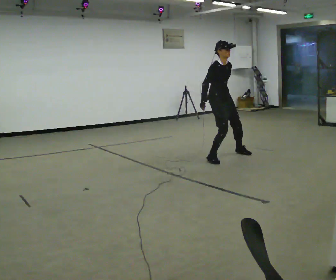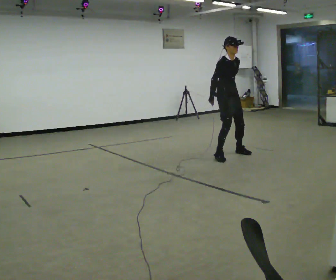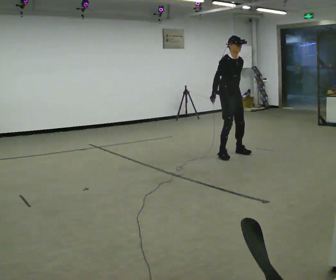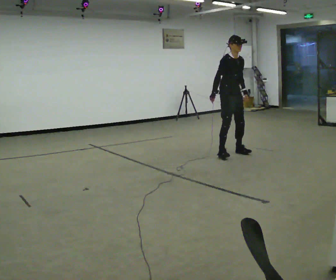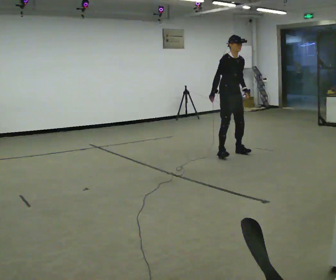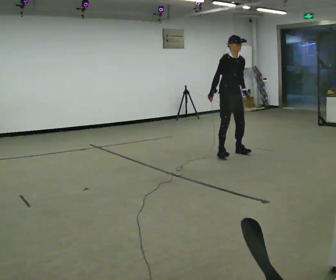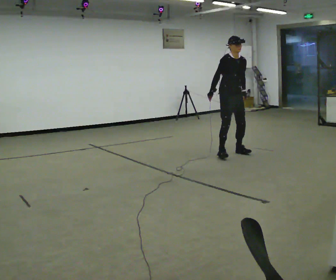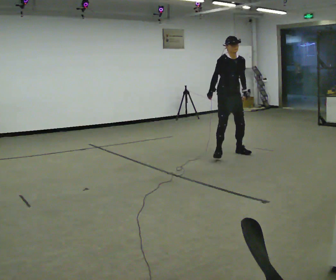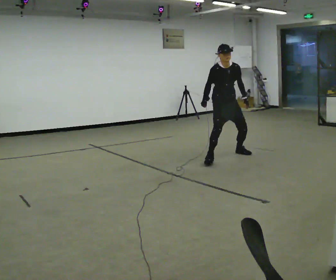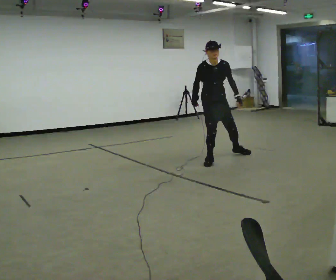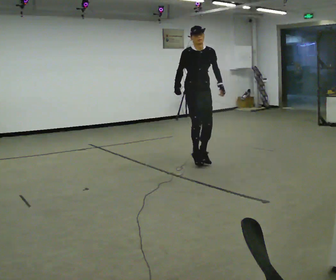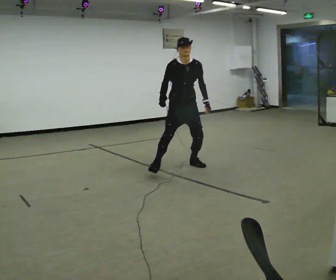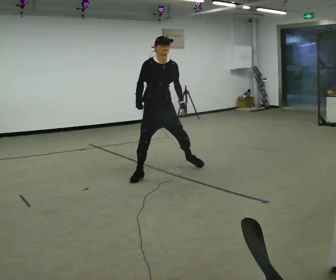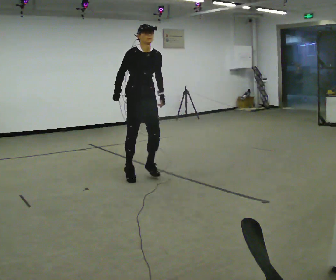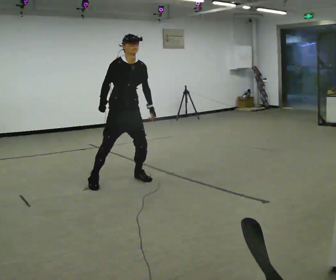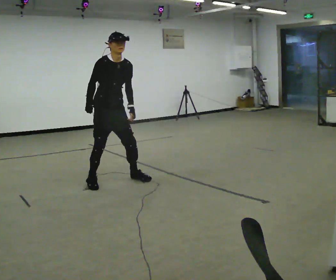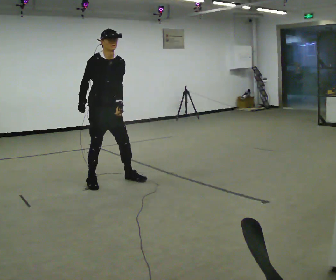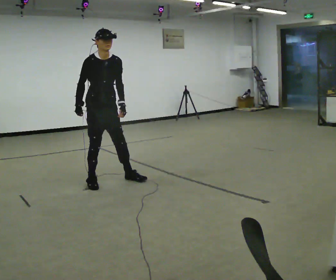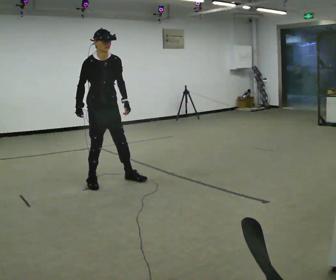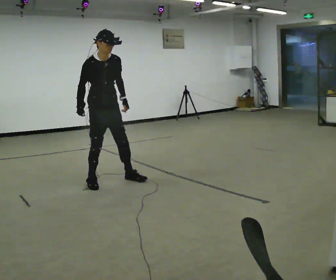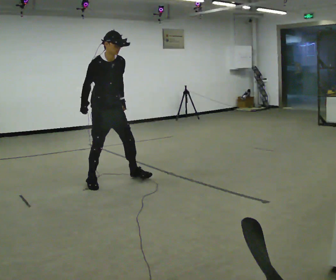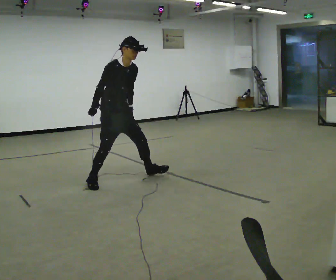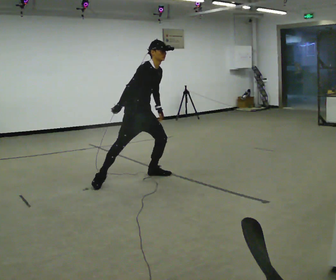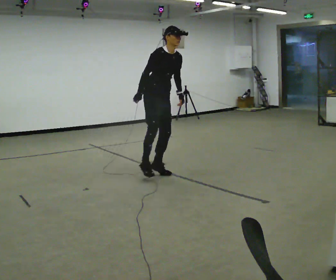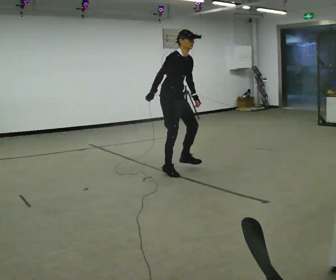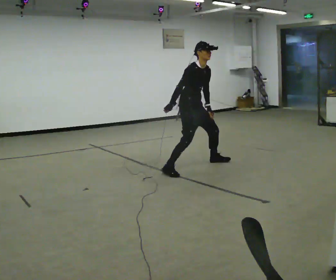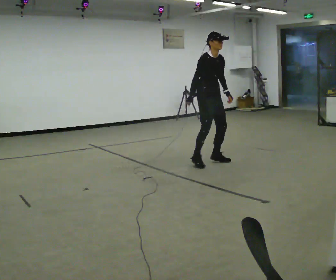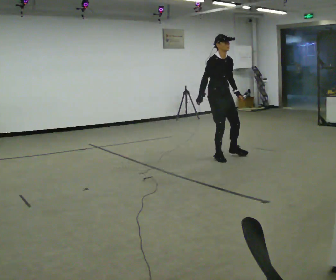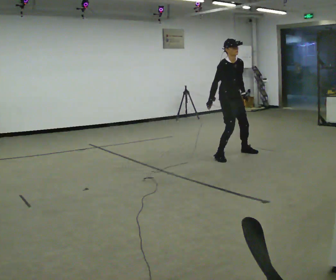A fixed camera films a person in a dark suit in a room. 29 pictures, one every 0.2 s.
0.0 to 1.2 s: In the picture they go to the right and away from the camera, about 0.25 m in 2 steps, which for them is to their left.
1.2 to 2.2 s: In the picture they go to the left and toward the camera, about 1 m in 2 steps, which for them is to their right and forward.
2.2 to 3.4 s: In the picture they go to the left and toward the camera, about 1 m in 3 steps, which for them is to their right.
3.4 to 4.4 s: Seen from above the body turns counterclockwise, about 30 degrees: to their left, with its near side sliding to the right. In the picture they go to the right and away from the camera, about 0.5 m in 1 step, which for them is to their left. In the picture the upper body tilts clockwise, shoulders to the right, as they bend forward.
4.4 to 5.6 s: The person turns about 30 degrees to their right, clockwise seen from above, so the part of the body nearest the lens slides to the left. In the picture they go to the right and away from the camera, about 1.5 m in 4 steps, which for them is to their left. In the picture the upper body tilts counterclockwise, shoulders to the left.
The film runs forward here.
